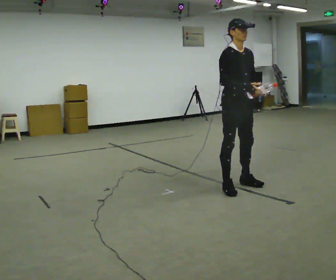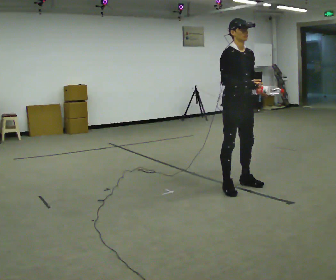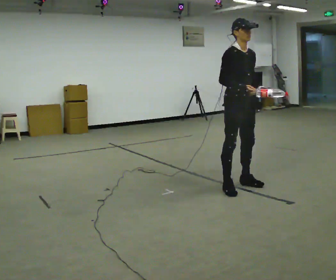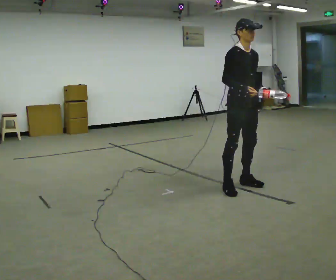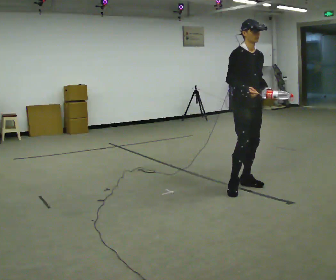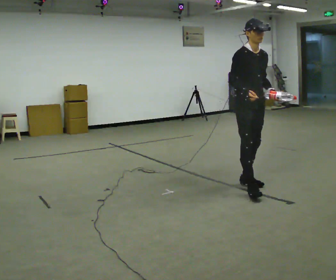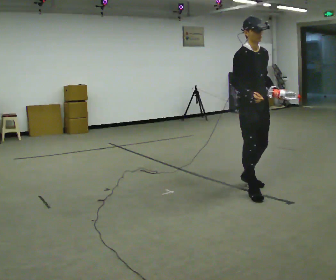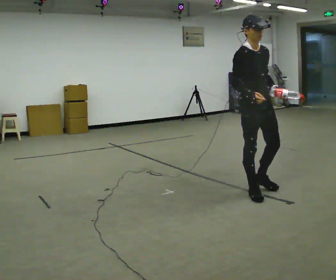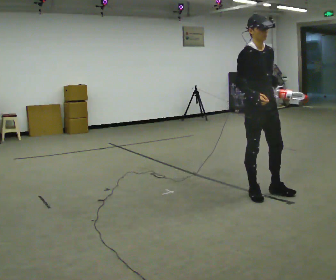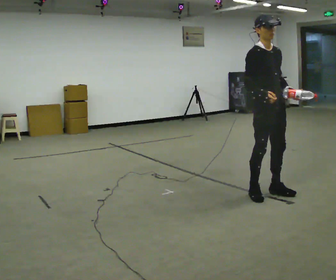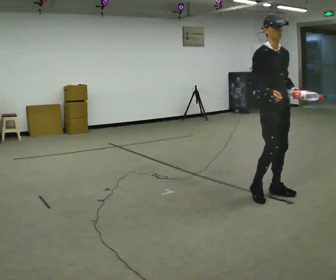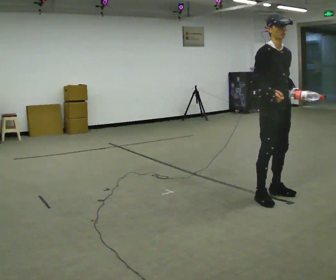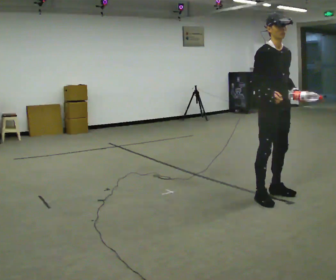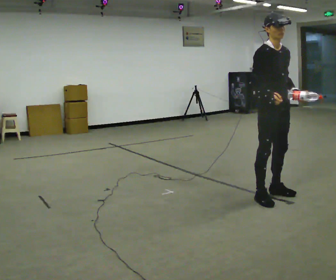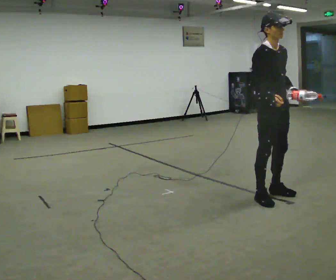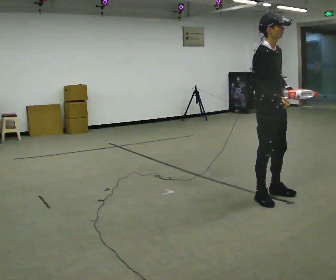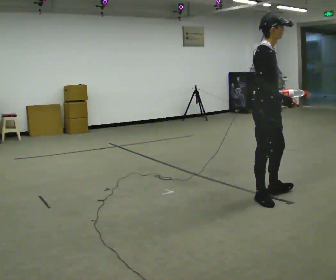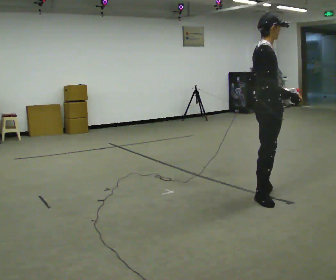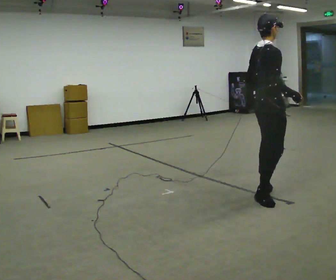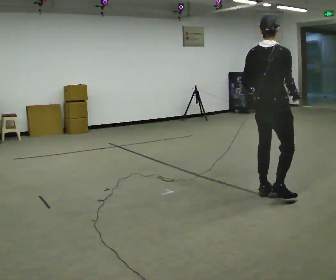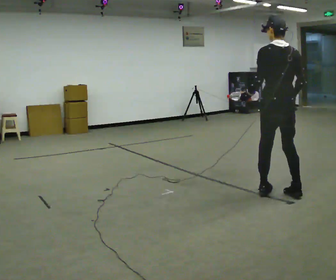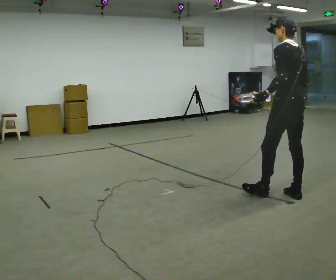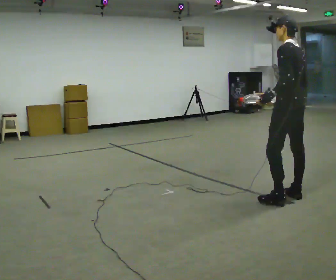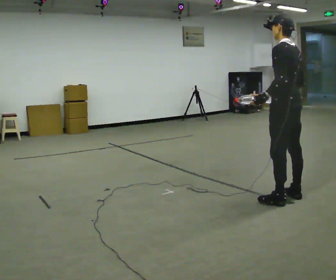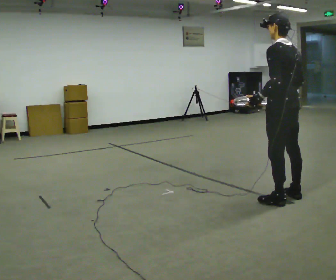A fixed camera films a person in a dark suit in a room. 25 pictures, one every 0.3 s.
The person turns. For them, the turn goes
to their left.
The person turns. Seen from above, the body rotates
counterclockwise.
0.0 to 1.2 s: The person moves a little, or ends about where they began.
1.2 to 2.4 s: In the picture they go toward the camera and to the right, about 0.25 m in 2 steps, which for them is forward and to their right.
2.4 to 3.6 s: The person moves a little, or ends about where they began.
3.6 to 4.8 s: The person turns about 45 degrees to their left, counterclockwise seen from above, so the part of the body nearest the lens slides to the right.
4.8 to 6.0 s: The part of the body nearest the lens slides to the right as the person turns to their left by about 120 degrees. In the picture they go to the right, about 0.25 m in 1 step.
6.0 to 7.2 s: The person moves a little, or ends about where they began.
The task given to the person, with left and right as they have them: Carry the object in one hand and, while walking, pass it to your other hand. Keep passing it back and forth as you walk.
The film runs forward here.
